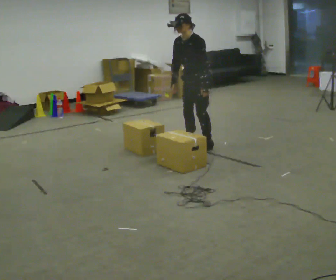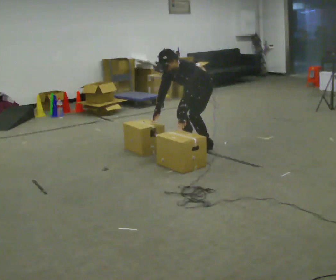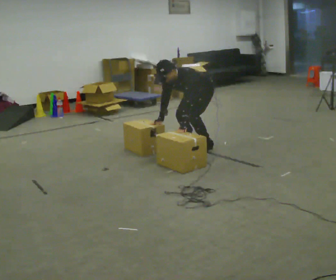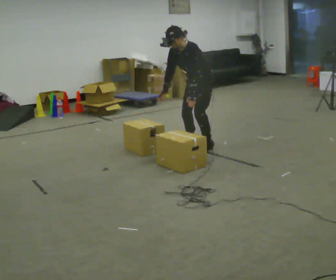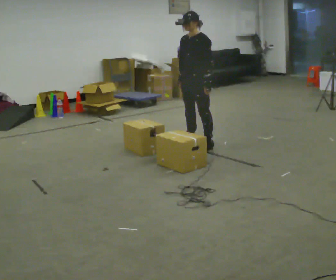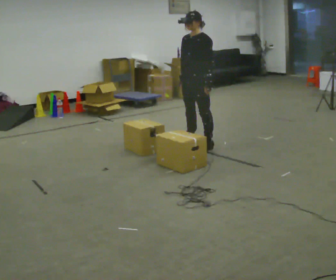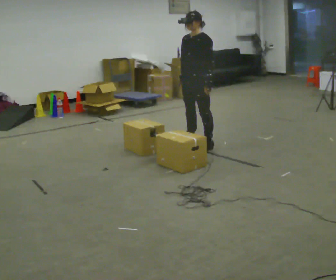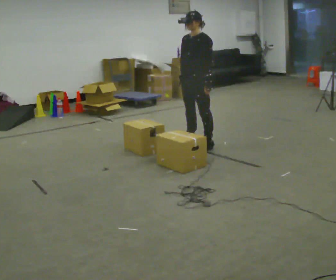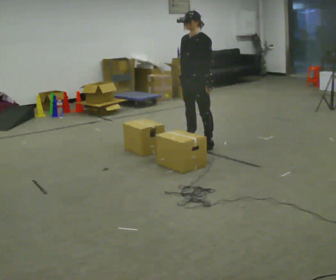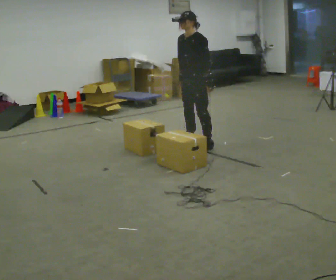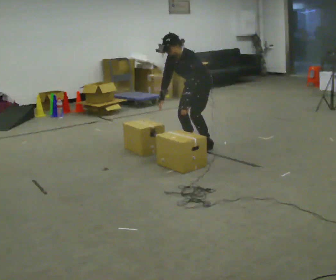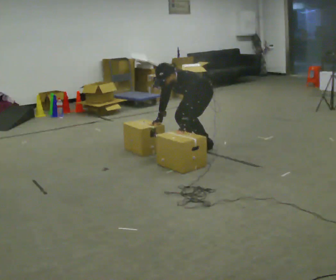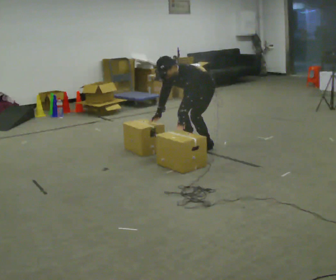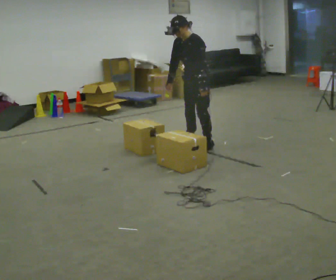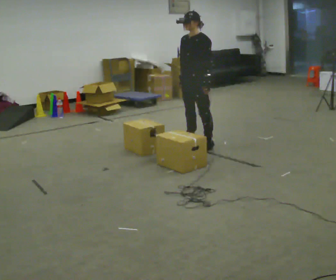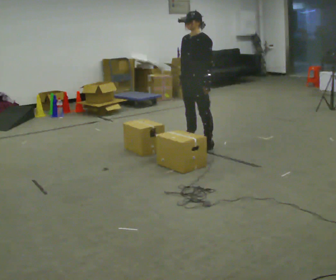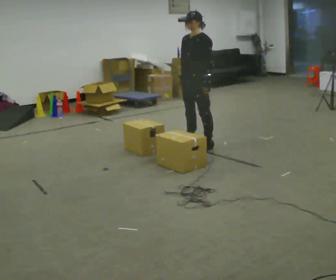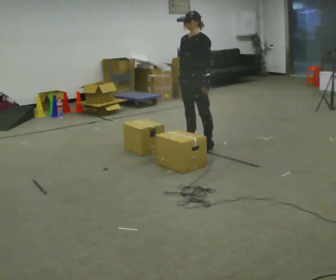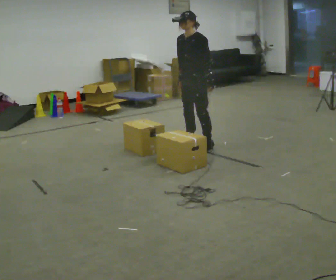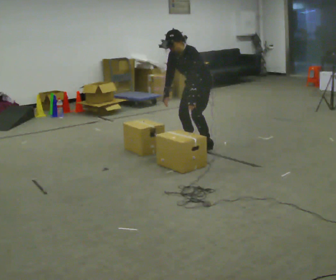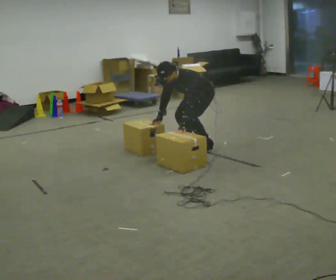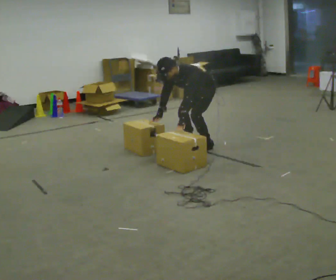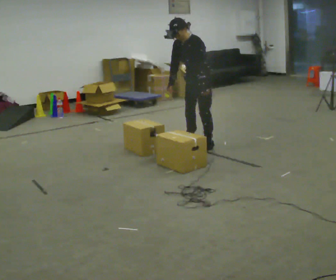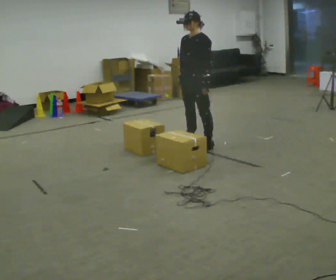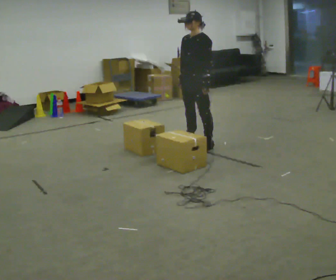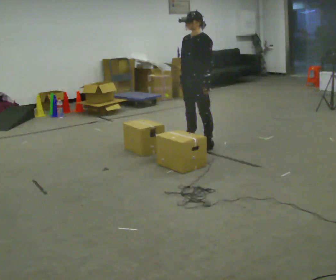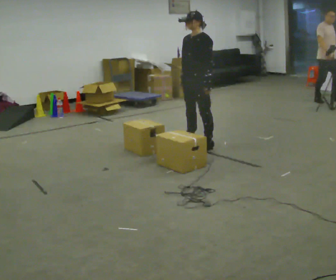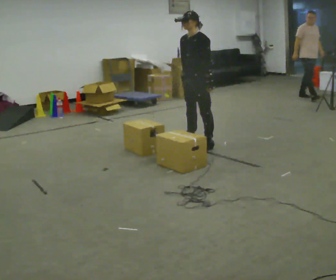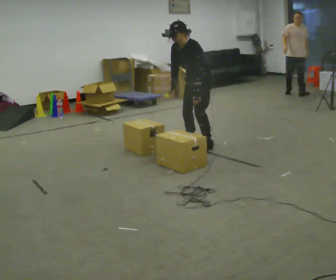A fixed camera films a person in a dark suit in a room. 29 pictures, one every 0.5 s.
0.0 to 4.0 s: The person moves a little, or ends about where they began.
4.0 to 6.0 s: The shoulders move downward. In the picture the upper body tilts counterclockwise, shoulders to the left, as they bend forward. In the picture their left hand goes downward and to the left.
6.0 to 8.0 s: The shoulders move upward. In the picture the upper body tilts clockwise, shoulders to the right, as they lean back or straighten. In the picture their left hand goes upward.
8.0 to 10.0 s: The upper body goes downward. In the picture the upper body tilts counterclockwise, shoulders to the left, as they bend forward. In the picture their right hand goes downward.
10.0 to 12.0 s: The shoulders move upward. In the picture the upper body tilts clockwise, shoulders to the right, as they lean back or straighten. In the picture their right hand goes upward.
12.0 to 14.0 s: In the picture the upper body tilts counterclockwise, shoulders to the left, as they bend forward.
The film runs backward here.
